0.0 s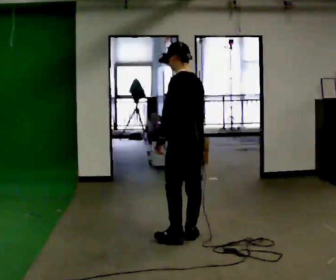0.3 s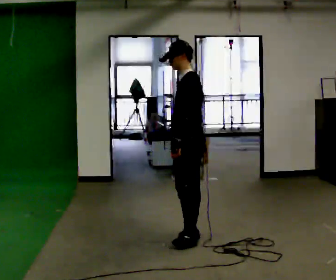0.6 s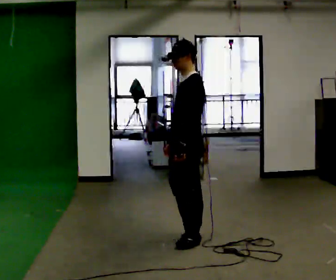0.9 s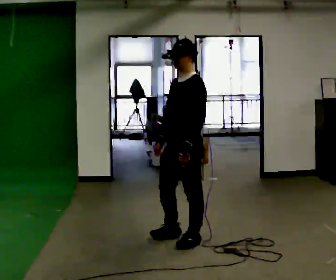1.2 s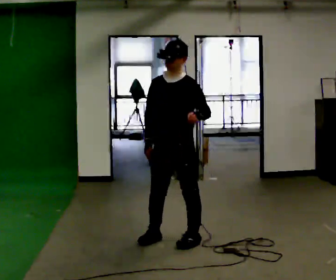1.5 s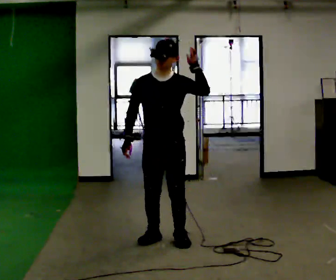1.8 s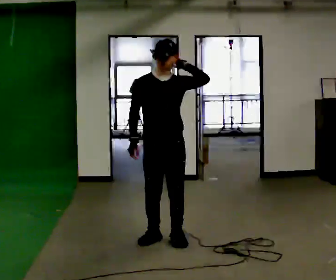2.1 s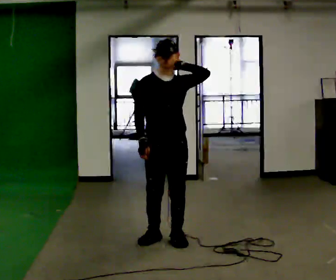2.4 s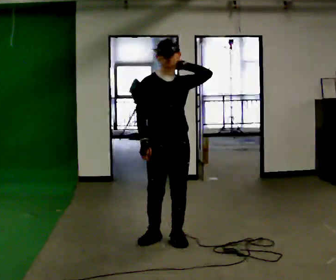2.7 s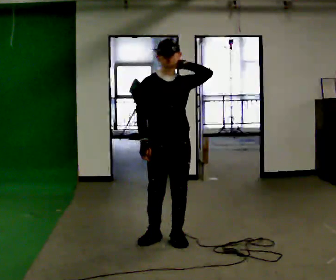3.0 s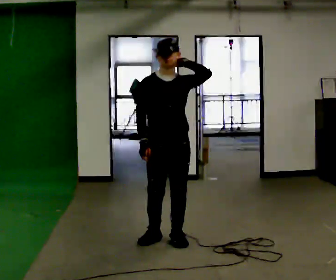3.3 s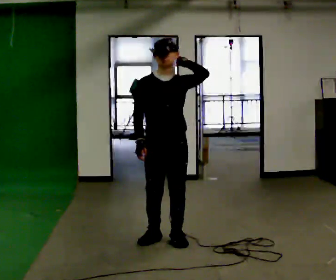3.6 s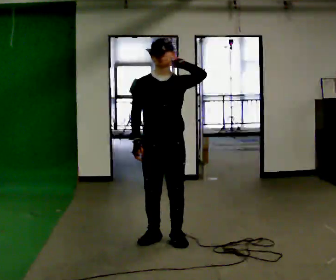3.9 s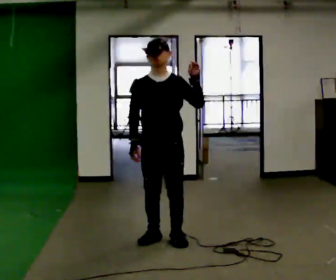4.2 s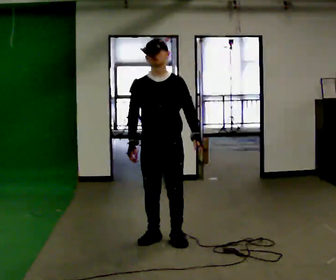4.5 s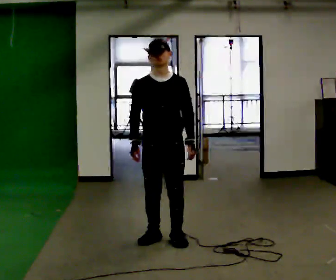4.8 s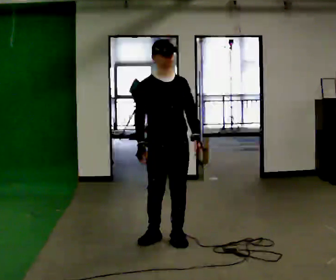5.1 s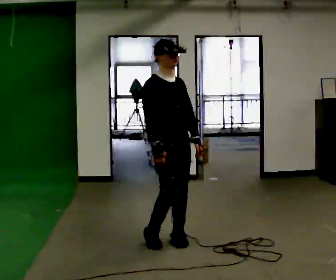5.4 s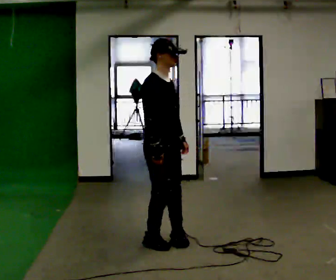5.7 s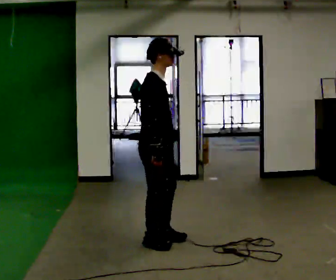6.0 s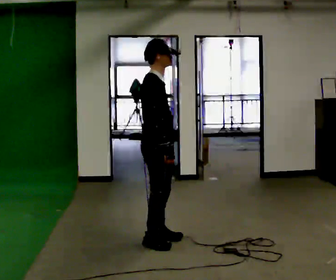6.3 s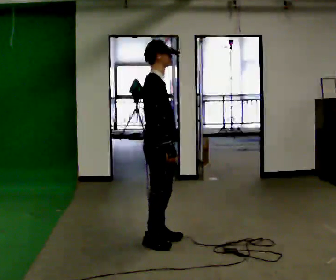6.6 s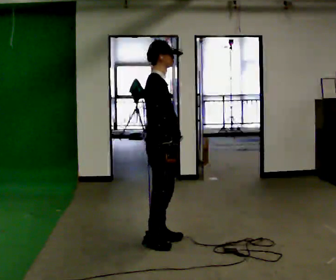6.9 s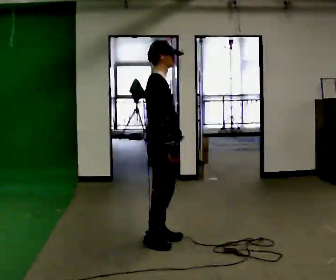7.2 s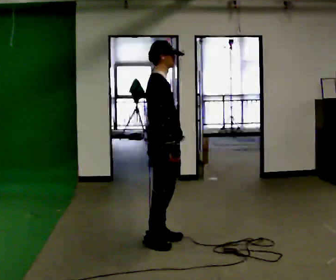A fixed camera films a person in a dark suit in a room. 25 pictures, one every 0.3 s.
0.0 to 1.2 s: The person turns about 105 degrees to their left, counterclockwise seen from above, so the part of the body nearest the lens slides to the right. In the picture their left hand goes to the right.
1.2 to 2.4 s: The person turns about 45 degrees to their left, counterclockwise seen from above, so the part of the body nearest the lens slides to the right. In the picture their left hand goes upward.
2.4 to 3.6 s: The person moves a little, or ends about where they began.
3.6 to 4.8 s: In the picture their left hand goes downward.
4.8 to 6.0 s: Seen from above the body turns counterclockwise, about 75 degrees: to their left, with its near side sliding to the right.
6.0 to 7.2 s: The person moves a little, or ends about where they began.
The film runs forward here.
